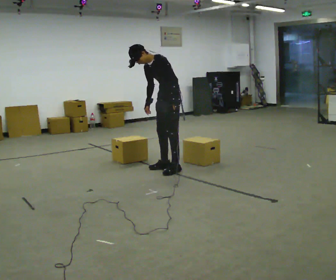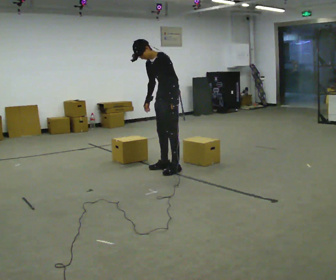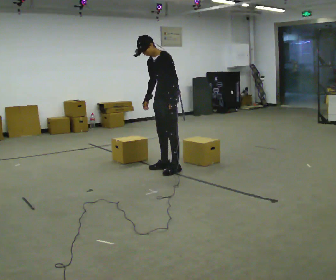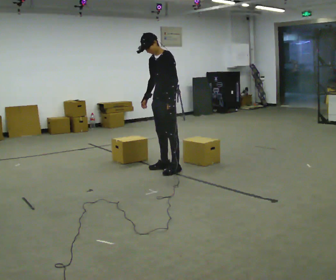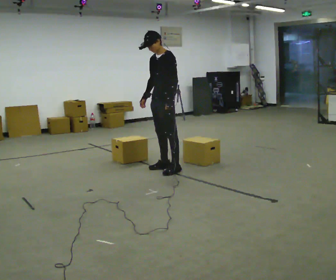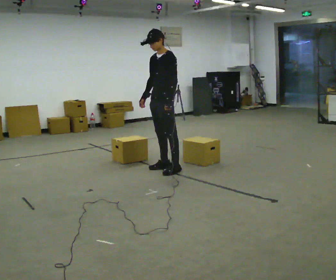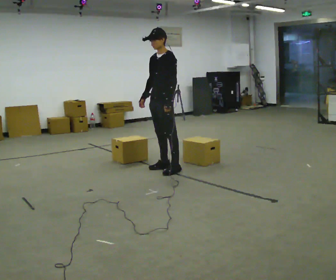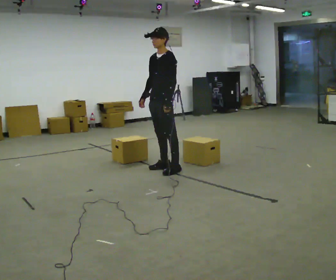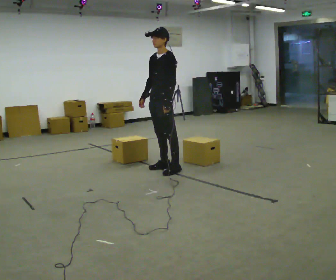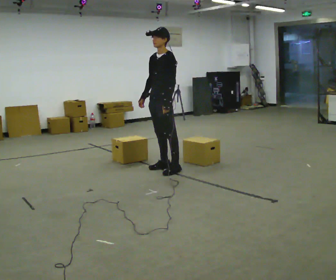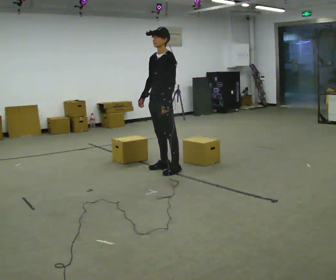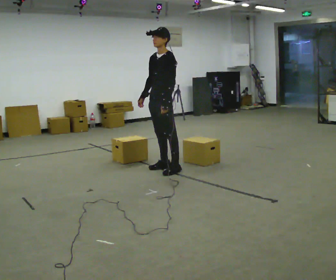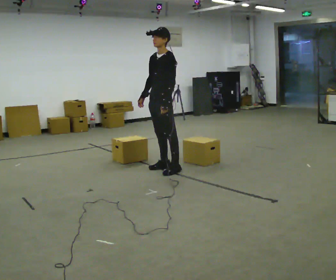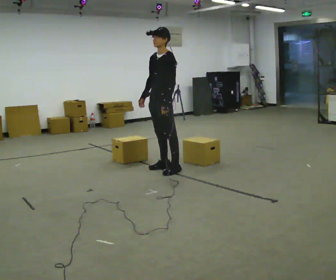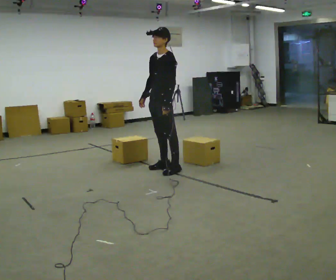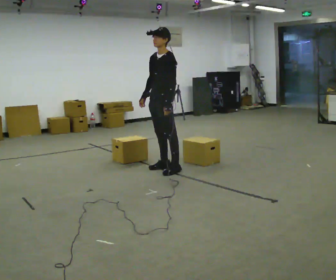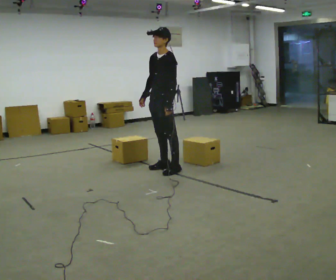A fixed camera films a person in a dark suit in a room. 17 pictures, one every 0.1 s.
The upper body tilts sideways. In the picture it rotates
clockwise.
0.0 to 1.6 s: In the picture the upper body tilts clockwise, shoulders to the right, as they lean back or straighten.
The film runs backward here.
